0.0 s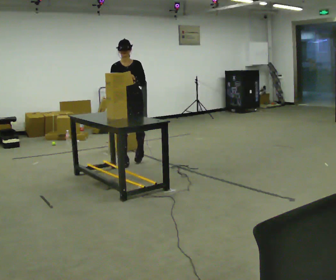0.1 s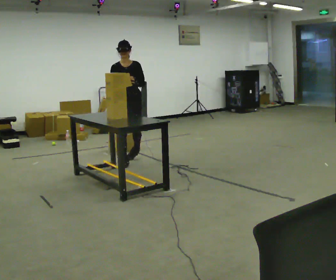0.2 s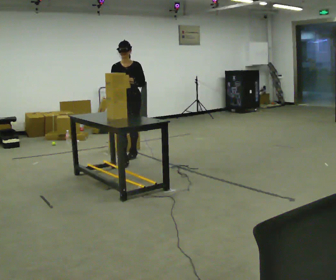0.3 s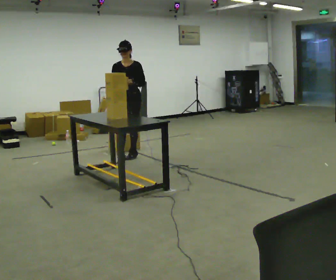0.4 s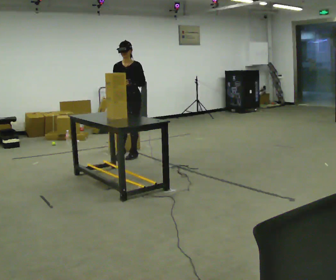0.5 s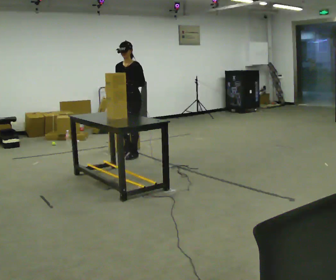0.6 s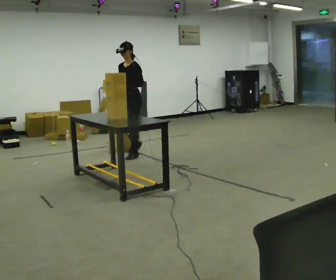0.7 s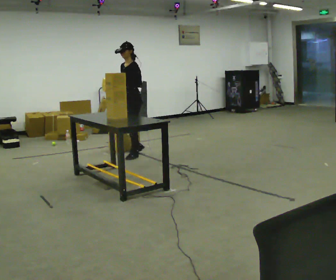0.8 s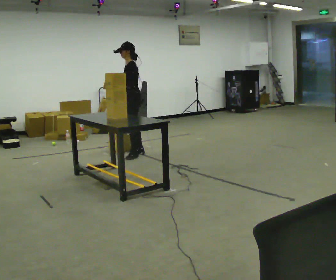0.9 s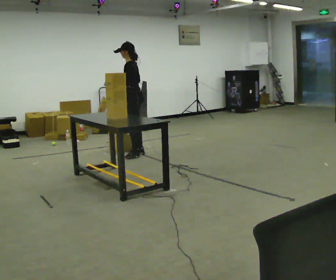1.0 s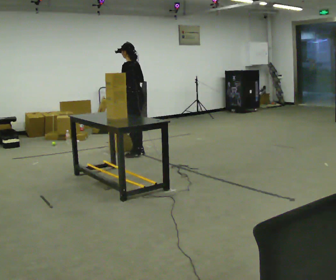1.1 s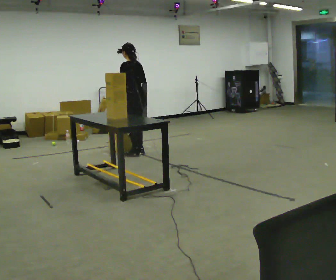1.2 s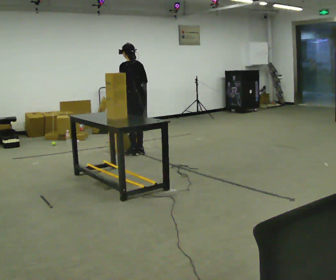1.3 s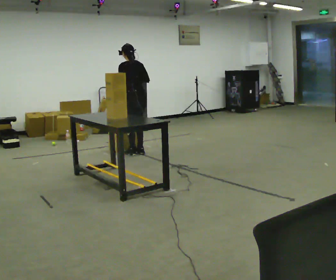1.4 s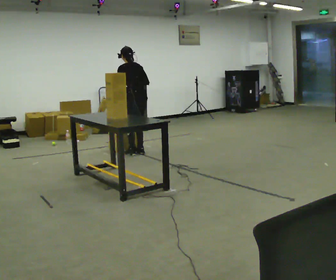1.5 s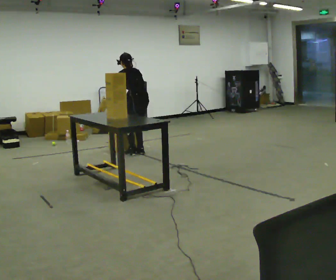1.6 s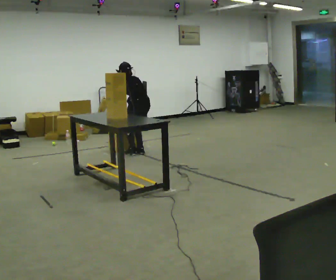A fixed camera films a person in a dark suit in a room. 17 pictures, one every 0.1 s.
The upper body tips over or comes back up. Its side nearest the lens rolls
upward.
Their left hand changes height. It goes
downward.
0.0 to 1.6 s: Seen from above the body turns clockwise, about 150 degrees: to their right, with its near side sliding to the left. In the picture they go away from the camera, about 0.5 m in 1 step. The shoulders move downward. The upper body tips away from the camera, its near side rolling upward, as they bend forward. In the picture their right hand goes downward.
The film runs backward here.
